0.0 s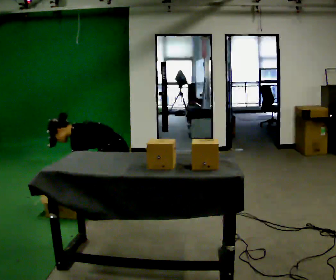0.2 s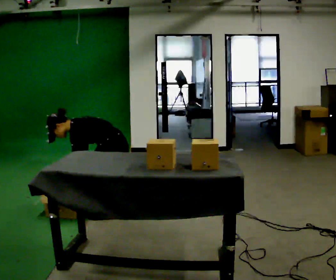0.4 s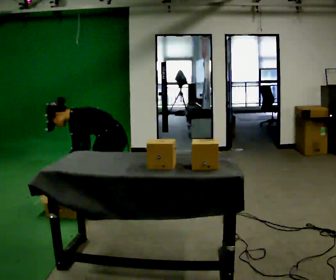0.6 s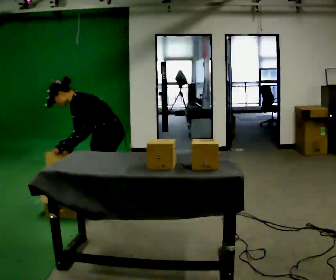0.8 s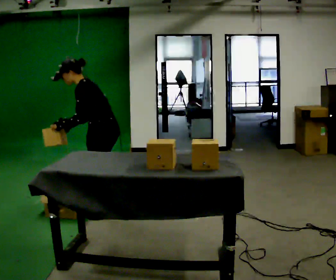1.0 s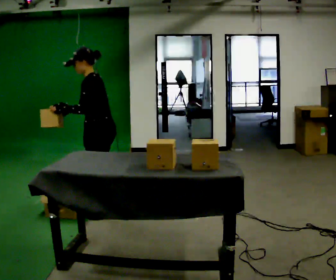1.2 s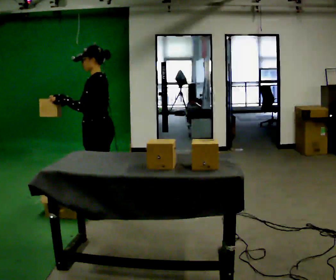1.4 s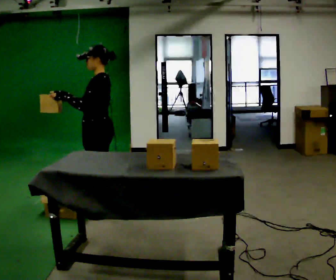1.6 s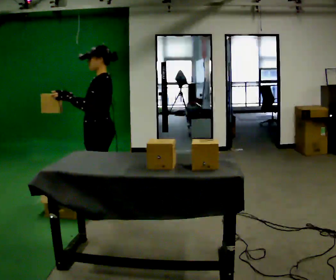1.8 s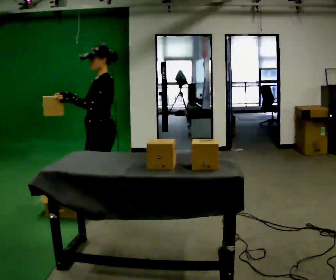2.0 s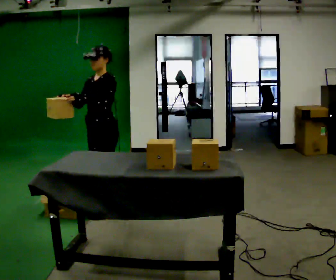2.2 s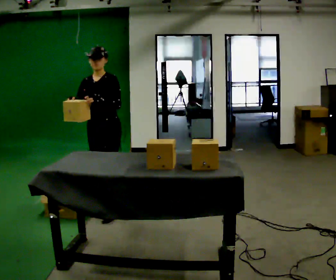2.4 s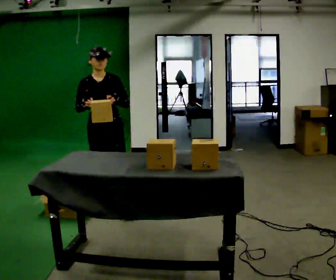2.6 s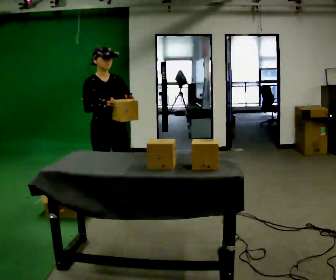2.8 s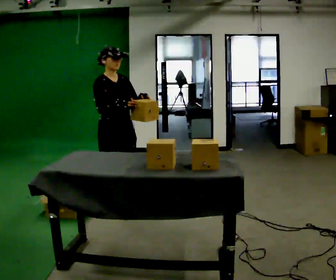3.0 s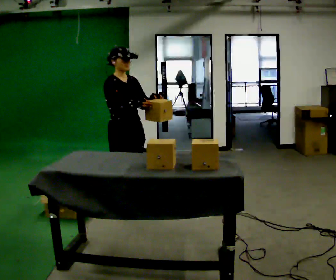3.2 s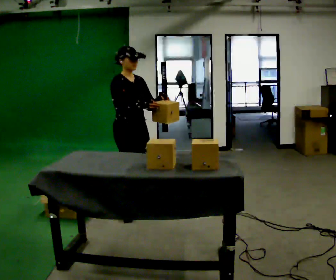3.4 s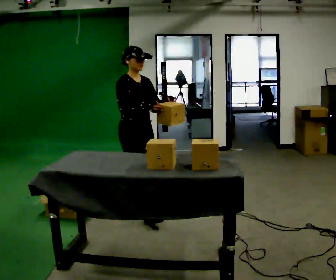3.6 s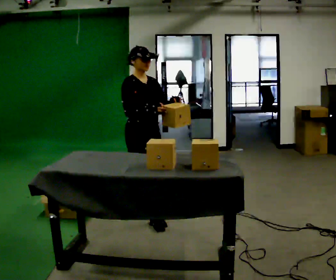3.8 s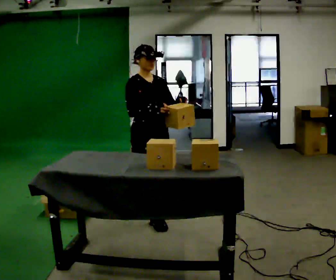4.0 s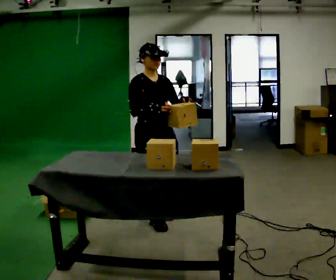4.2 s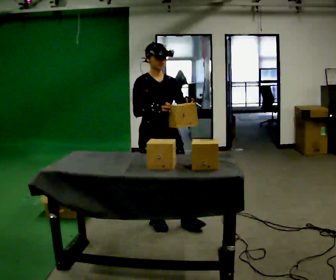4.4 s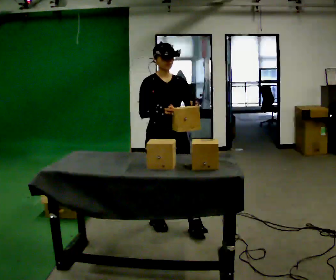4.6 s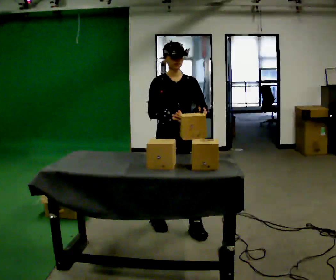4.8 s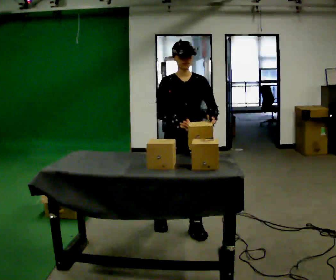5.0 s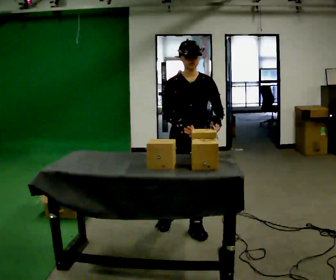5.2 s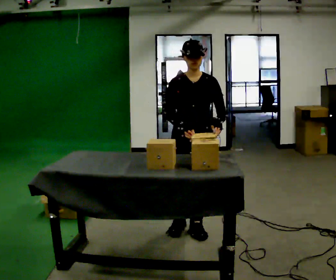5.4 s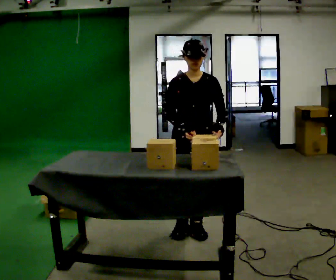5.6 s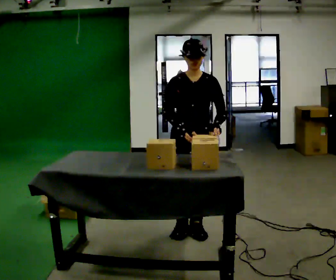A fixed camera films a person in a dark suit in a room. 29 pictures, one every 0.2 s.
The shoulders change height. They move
upward.
The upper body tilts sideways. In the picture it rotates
clockwise.
0.0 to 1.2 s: The shoulders move upward. In the picture the upper body tilts clockwise, shoulders to the right, as they lean back or straighten. In the picture their right hand goes upward.
1.2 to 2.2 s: The person turns about 75 degrees to their left, counterclockwise seen from above, so the part of the body nearest the lens slides to the right.
2.2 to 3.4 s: Seen from above the body turns counterclockwise, about 60 degrees: to their left, with its near side sliding to the right. In the picture they go to the right, about 0.25 m in 1 step.
3.4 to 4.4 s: Seen from above the body turns clockwise, about 30 degrees: to their right, with its near side sliding to the left. In the picture they go toward the camera and to the right, about 0.5 m in 2 steps, which for them is forward.
4.4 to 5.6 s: In the picture they go to the right, about 0.25 m in 1 step, which for them is to their left and forward.
The film runs forward here.
